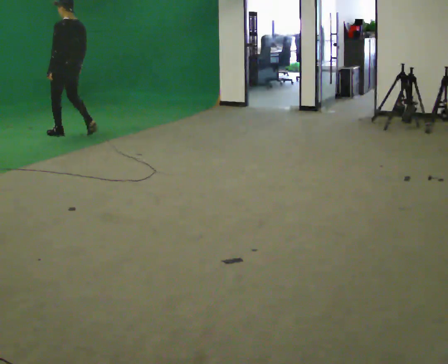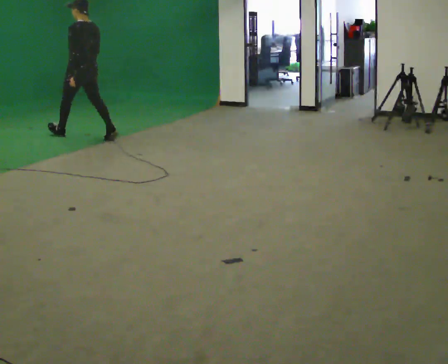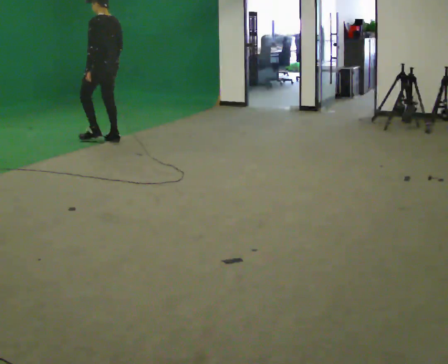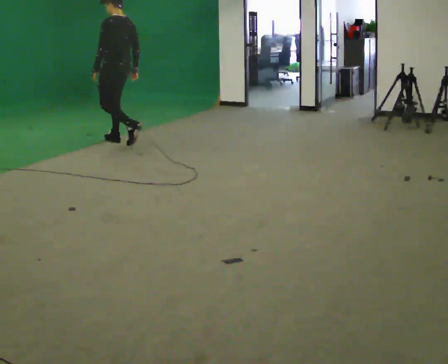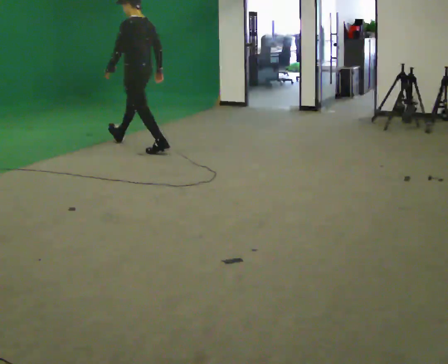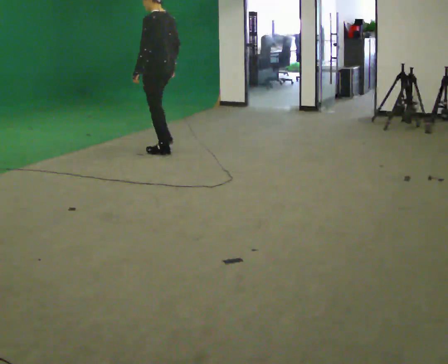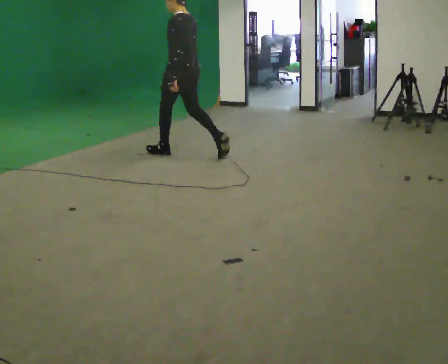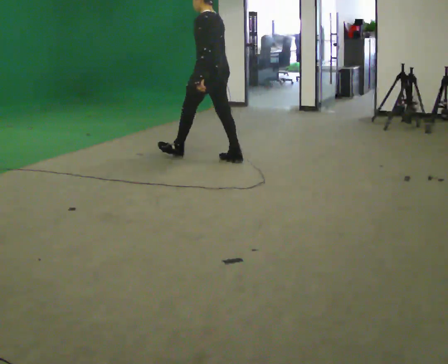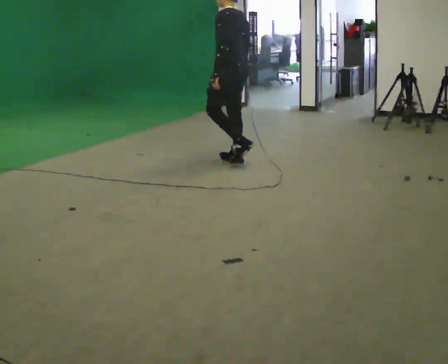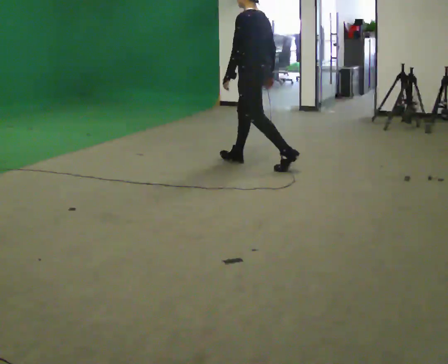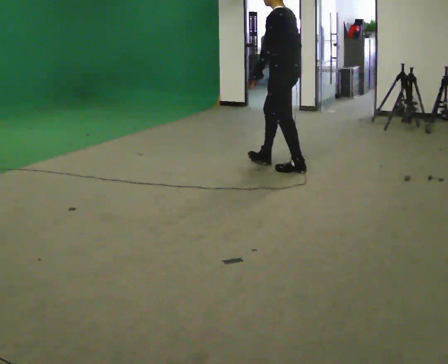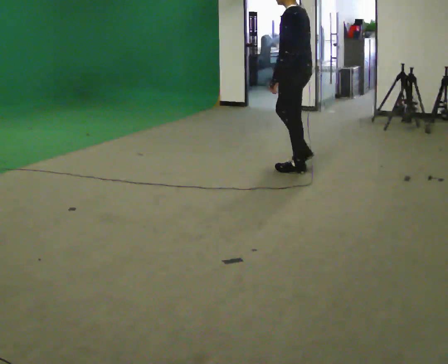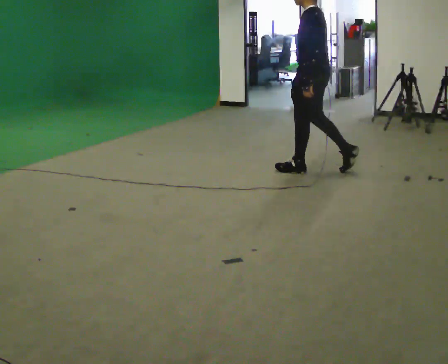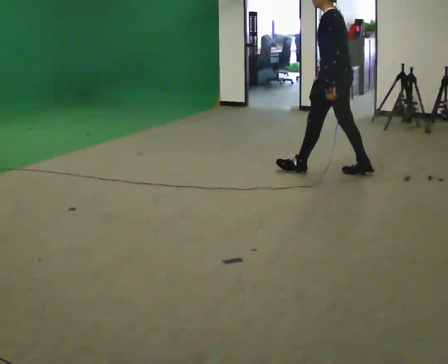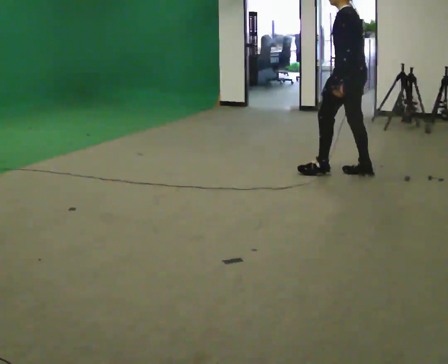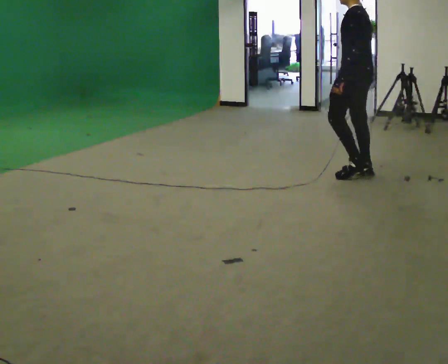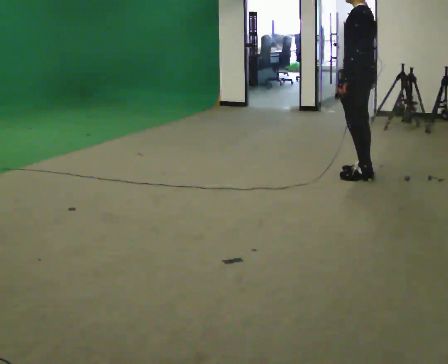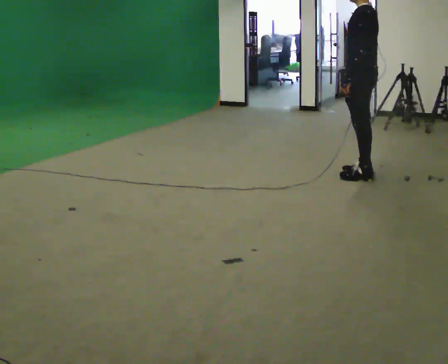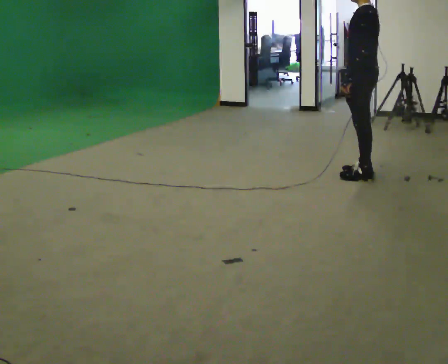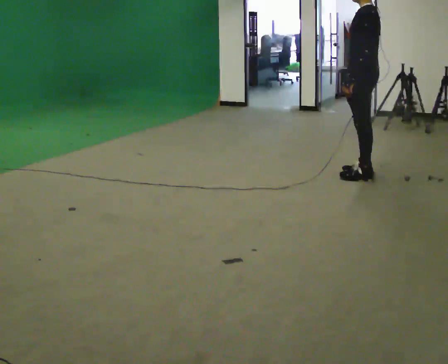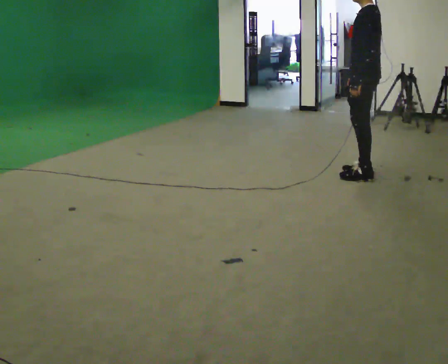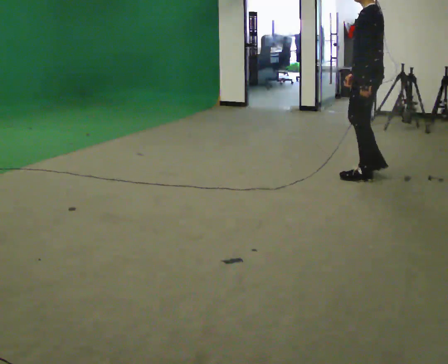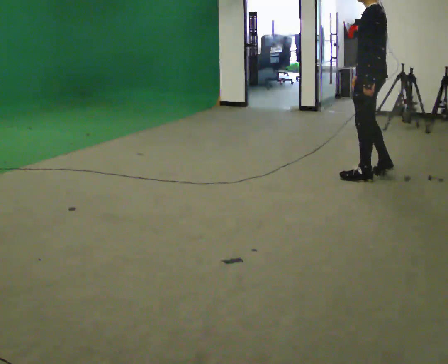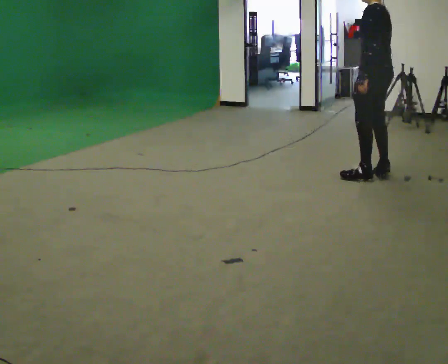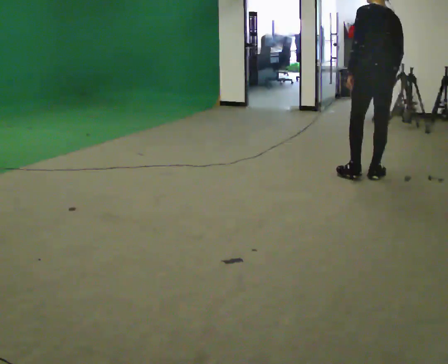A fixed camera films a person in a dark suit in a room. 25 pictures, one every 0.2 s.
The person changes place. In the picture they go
to the right.
0.0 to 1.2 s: In the picture they go to the right, about 1.5 m in 2 steps, which for them is backward.
1.2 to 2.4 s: In the picture they go to the right, about 1.5 m in 2 steps, which for them is backward.
2.4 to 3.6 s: In the picture they go to the right, about 0.5 m in 1 step, which for them is backward.
3.6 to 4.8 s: The person turns about 45 degrees to their right, clockwise seen from above, so the part of the body nearest the lens slides to the left.
The film runs backward here.
